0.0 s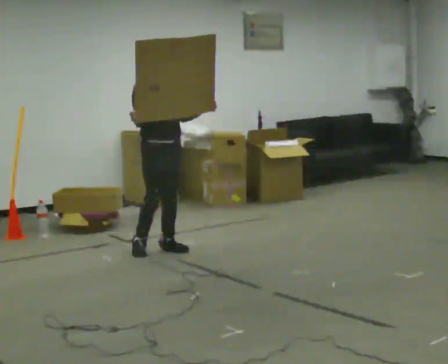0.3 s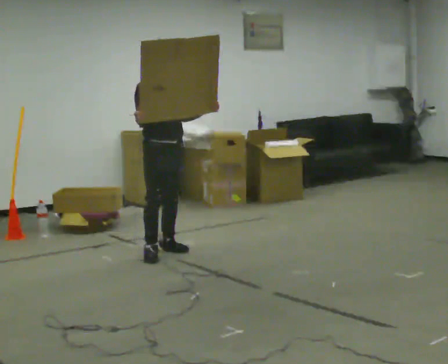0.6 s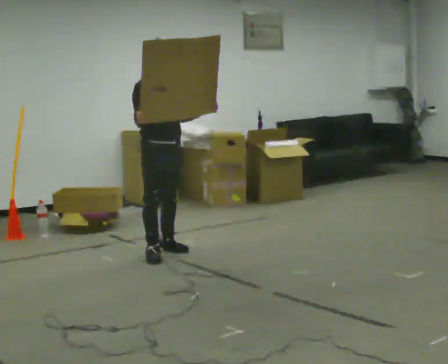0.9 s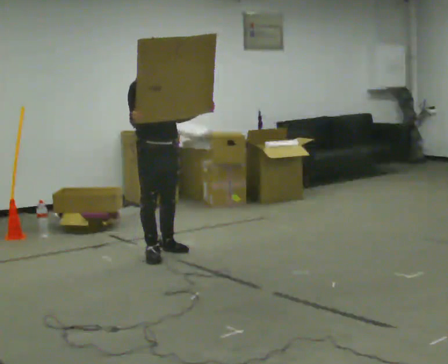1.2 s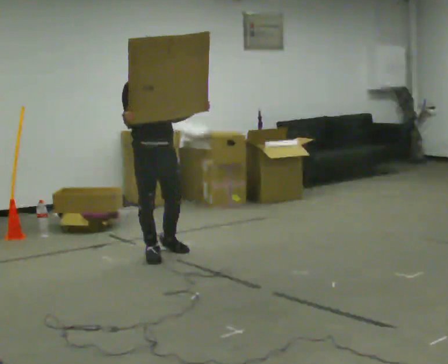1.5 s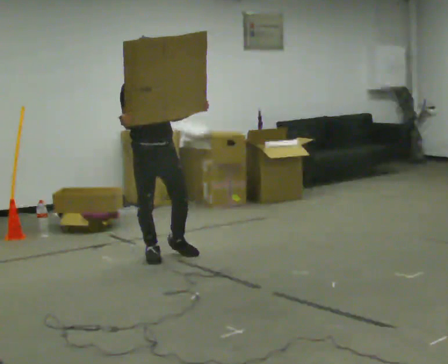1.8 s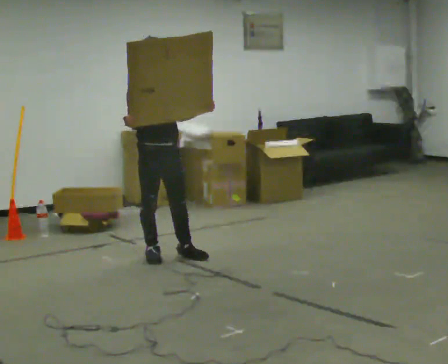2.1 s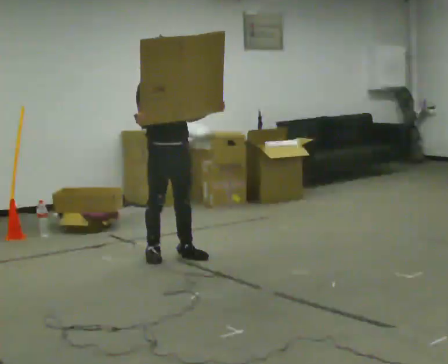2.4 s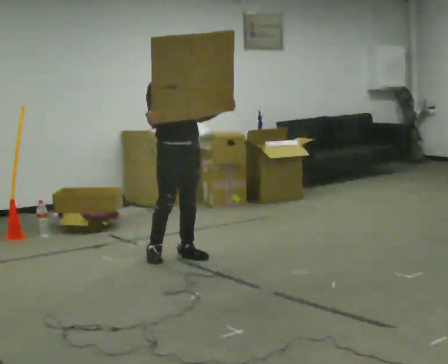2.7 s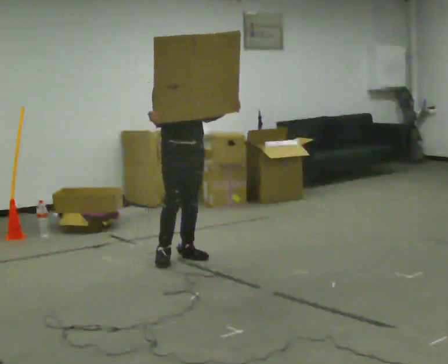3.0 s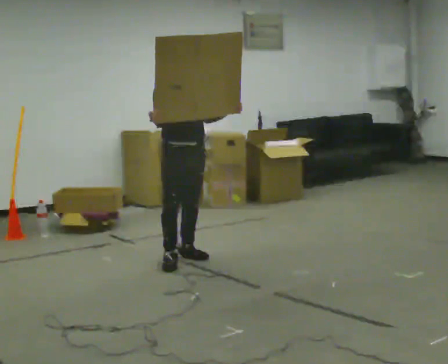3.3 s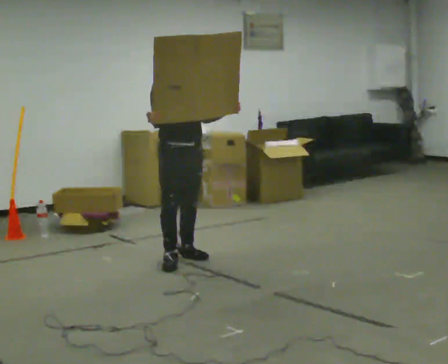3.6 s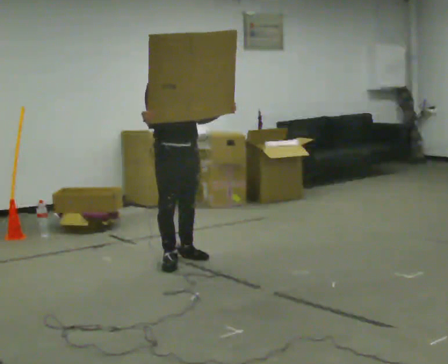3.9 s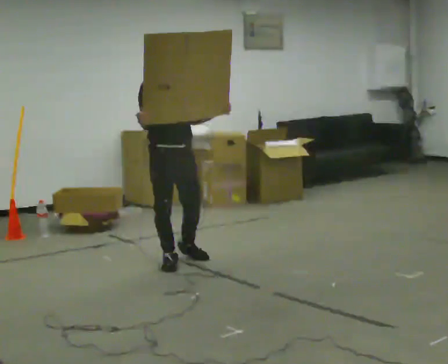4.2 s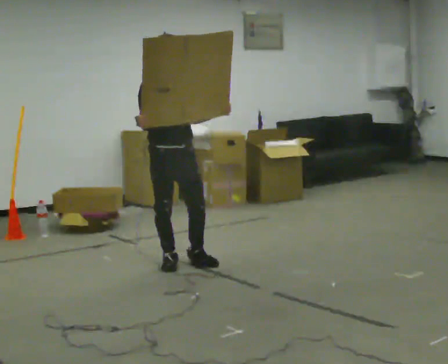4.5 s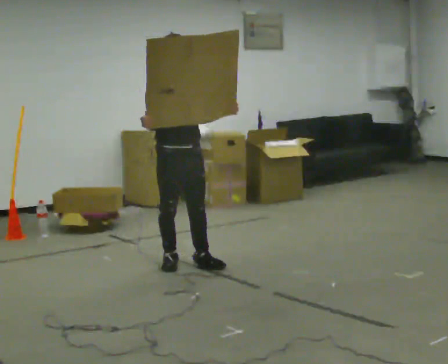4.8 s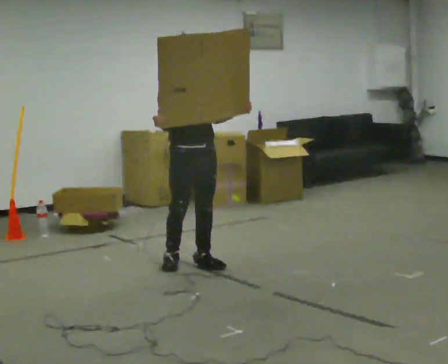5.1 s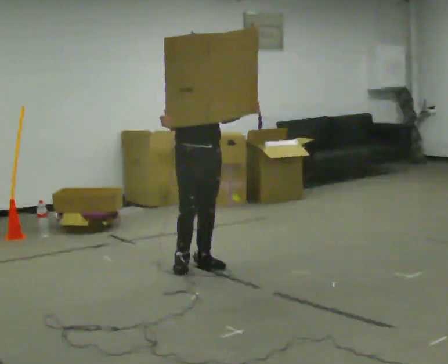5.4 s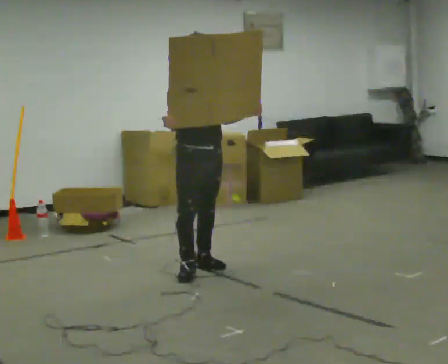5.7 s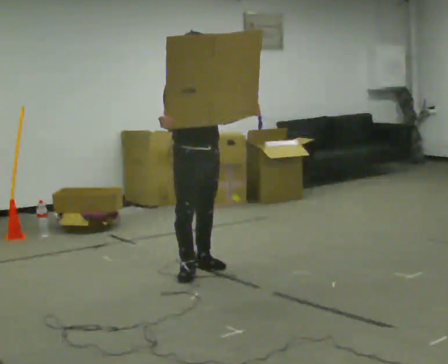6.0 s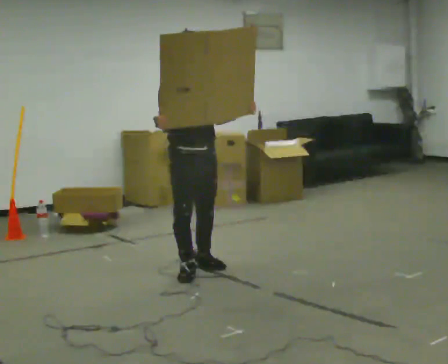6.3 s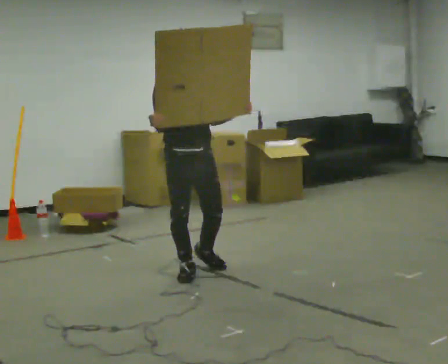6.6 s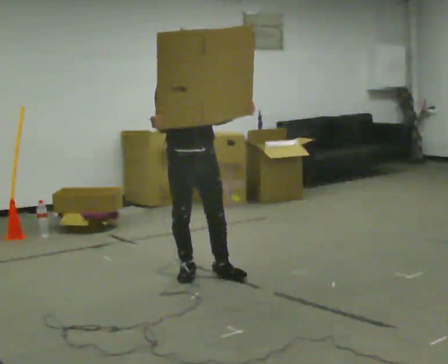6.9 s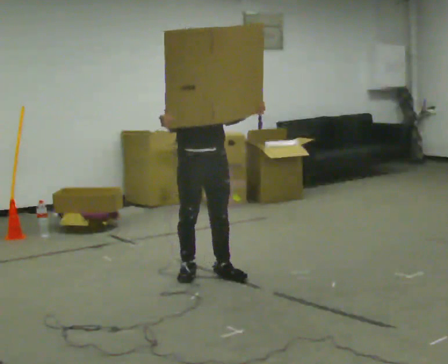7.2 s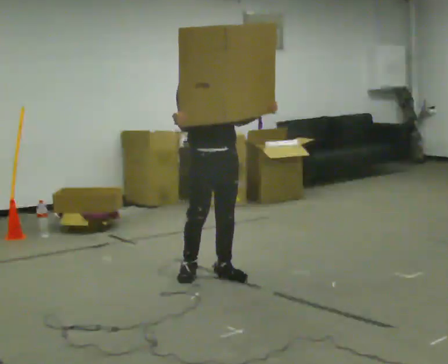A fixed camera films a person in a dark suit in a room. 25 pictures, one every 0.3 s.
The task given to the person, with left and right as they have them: Carry the large light object across the room, back and forth. It is awkward rather than heavy, so hold it however works.
0.0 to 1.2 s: In the picture they go toward the camera, about 0.25 m in 1 step, which for them is to their right and forward.
1.2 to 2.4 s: In the picture they go to the right, about 0.25 m in 1 step, which for them is to their left and forward.
2.4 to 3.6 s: In the picture they go toward the camera, about 0.25 m in 1 step, which for them is forward.
3.6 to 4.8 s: The person moves a little, or ends about where they began.
4.8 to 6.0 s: In the picture they go toward the camera, about 0.25 m in 1 step, which for them is forward.
6.0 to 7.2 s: The person moves a little, or ends about where they began.
The film runs forward here.
